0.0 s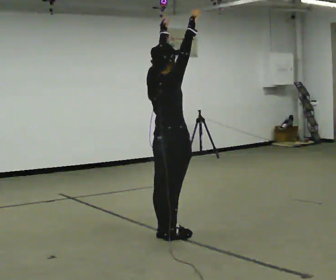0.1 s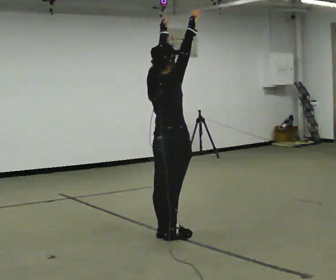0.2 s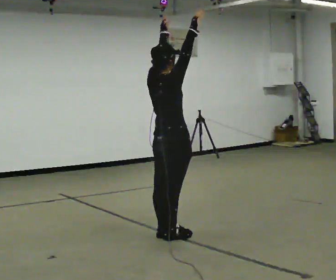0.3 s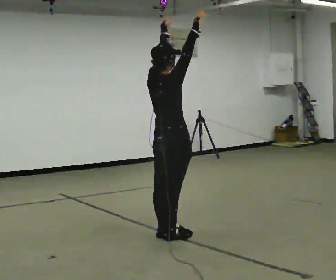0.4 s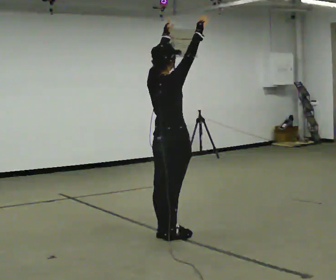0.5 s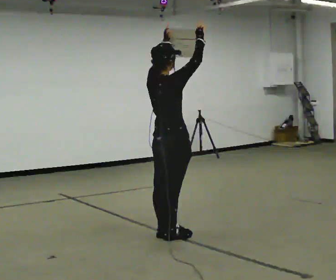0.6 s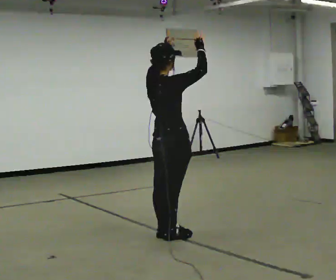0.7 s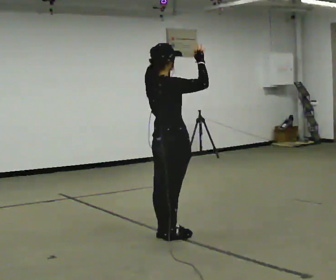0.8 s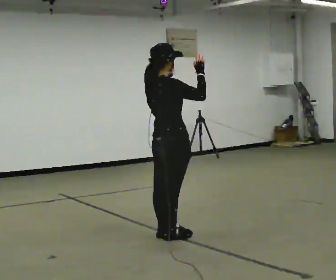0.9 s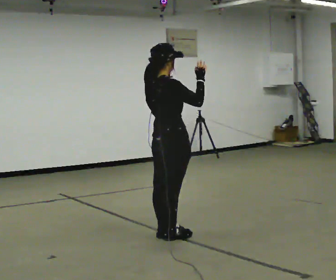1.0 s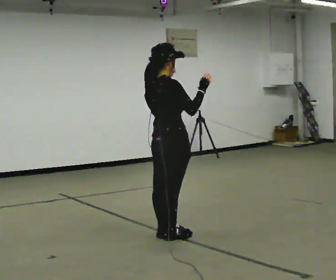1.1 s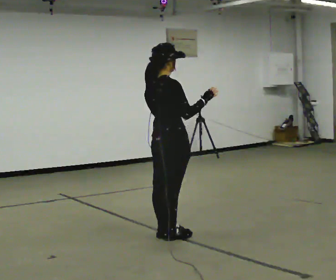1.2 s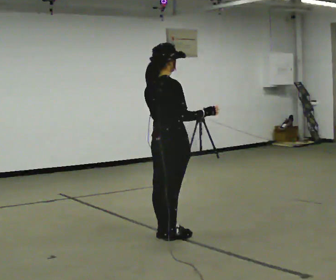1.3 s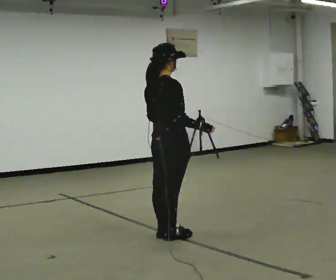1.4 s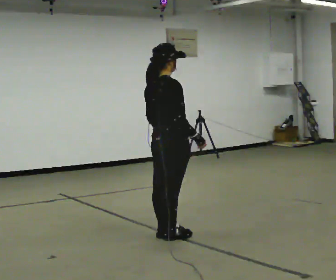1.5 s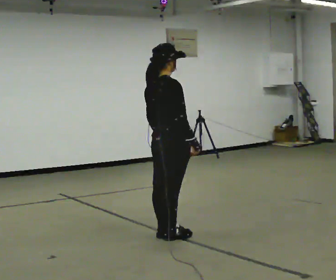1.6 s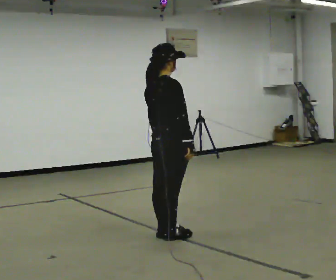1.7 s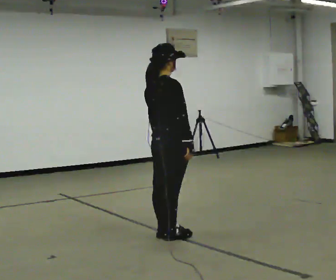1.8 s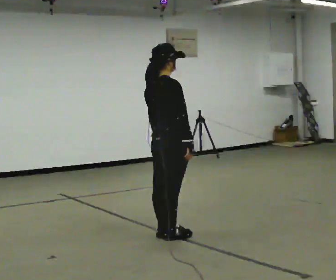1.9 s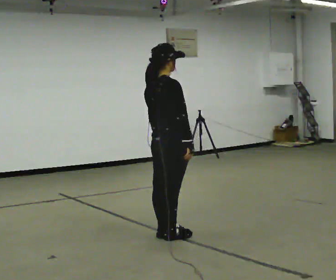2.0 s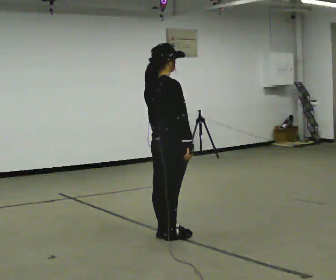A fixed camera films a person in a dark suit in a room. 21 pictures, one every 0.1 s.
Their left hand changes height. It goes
downward.
Their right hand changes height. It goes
downward.
0.0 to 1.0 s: In the picture their right hand goes downward, the arm swinging clockwise.
1.0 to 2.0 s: In the picture their left hand goes downward.
The film runs backward here.
